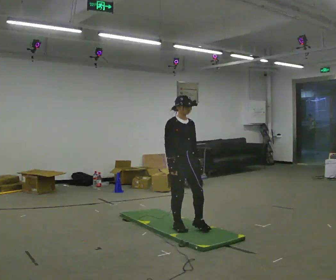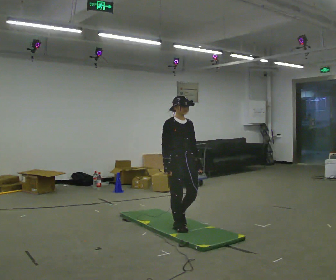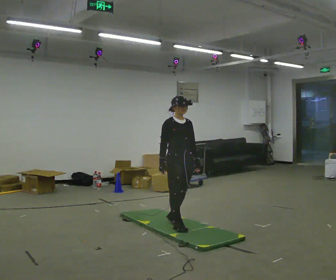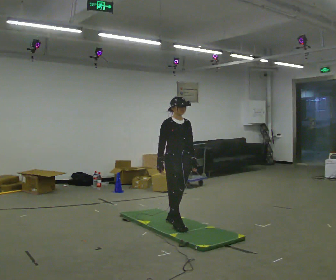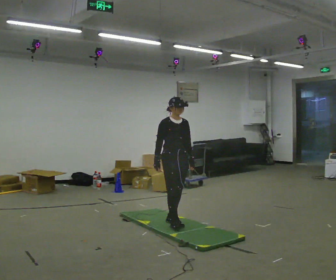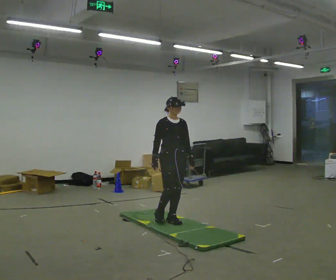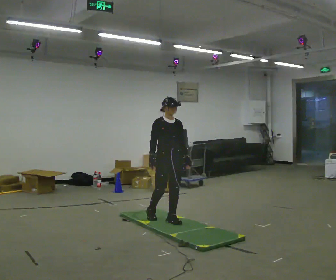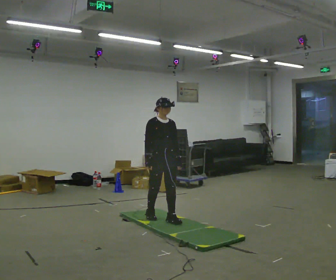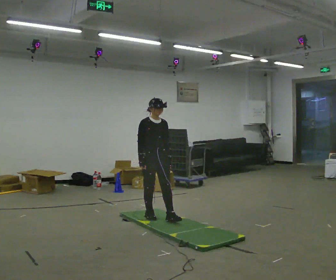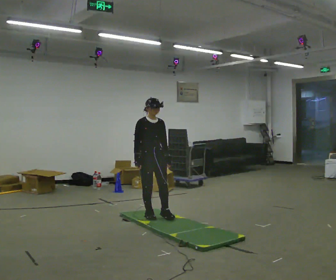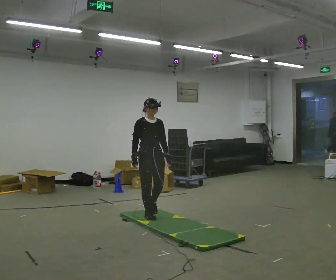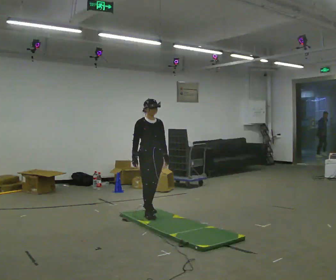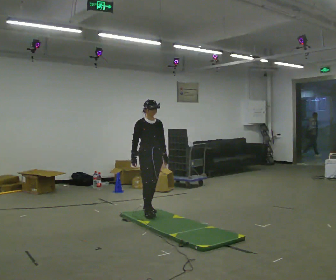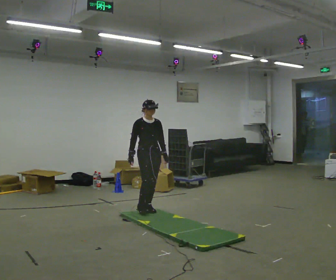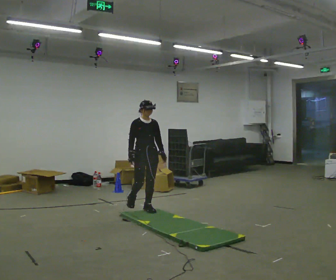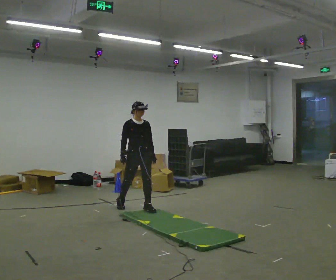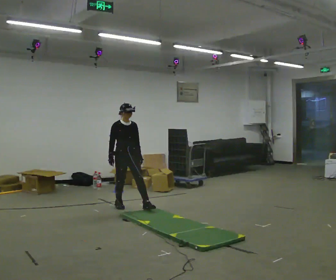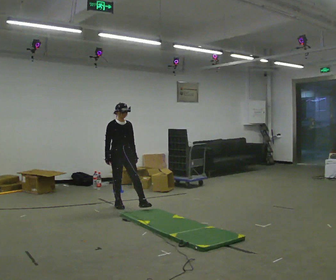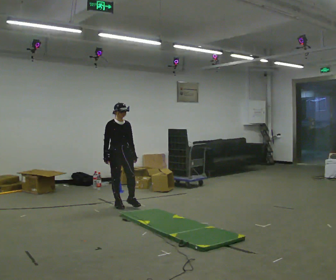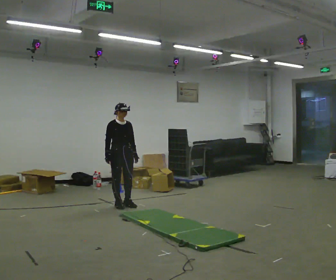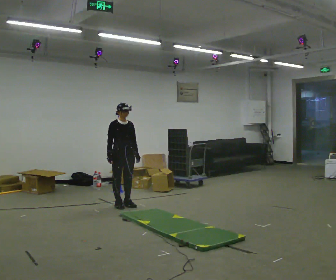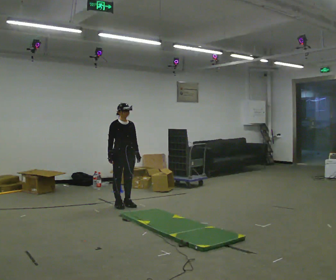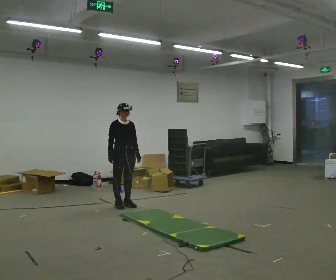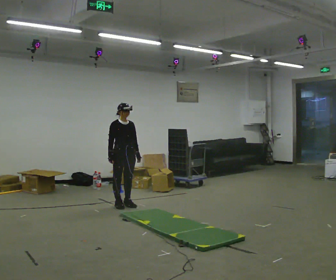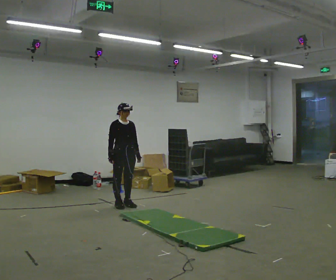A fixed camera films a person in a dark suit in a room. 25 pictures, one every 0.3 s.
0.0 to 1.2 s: In the picture they go away from the camera, about 0.25 m in 1 step, which for them is backward.
1.2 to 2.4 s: In the picture they go to the left and away from the camera, about 0.25 m, which for them is backward and to their right.
2.4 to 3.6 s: In the picture they go away from the camera, about 0.25 m in 1 step, which for them is backward.
3.6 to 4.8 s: In the picture they go away from the camera and to the left, about 0.5 m in 1 step, which for them is backward and to their right.
4.8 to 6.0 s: In the picture they go away from the camera, about 0.25 m in 1 step, which for them is backward.
6.0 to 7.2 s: The person keeps their place and pose.
The film runs backward here.
